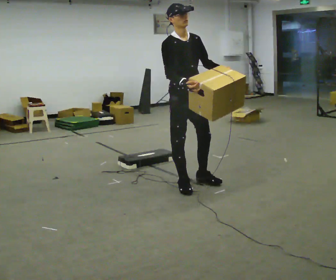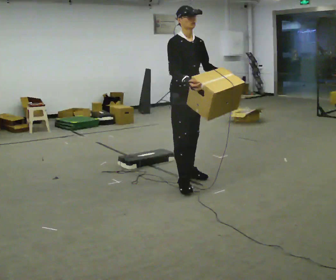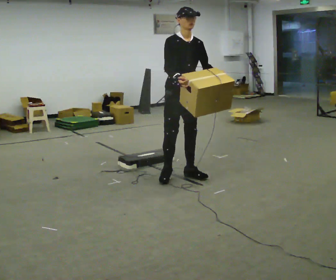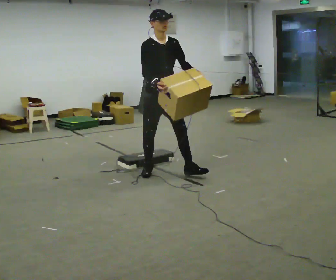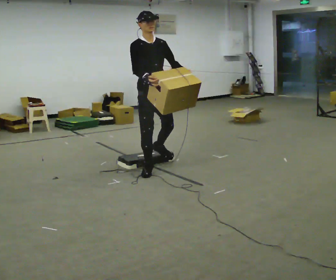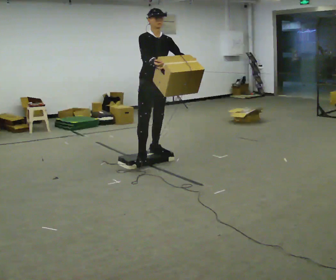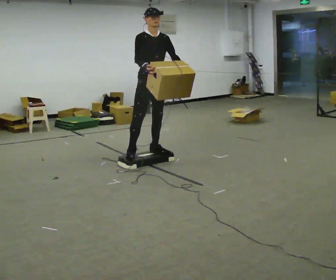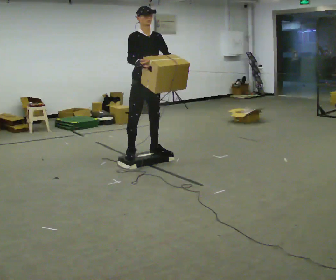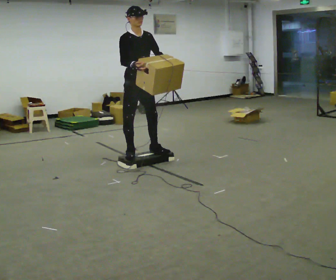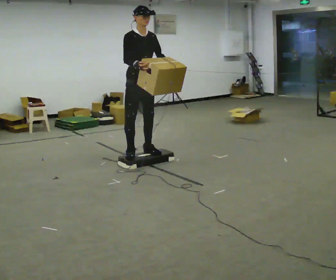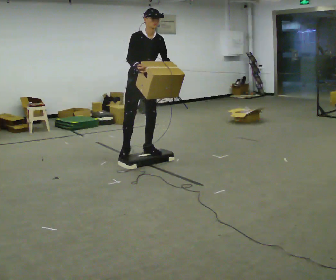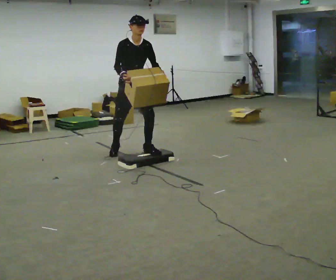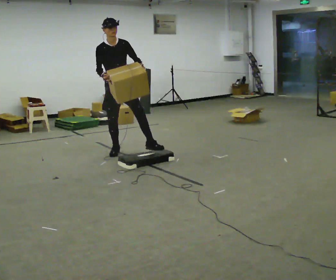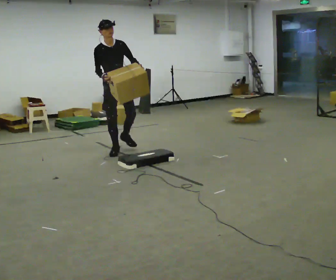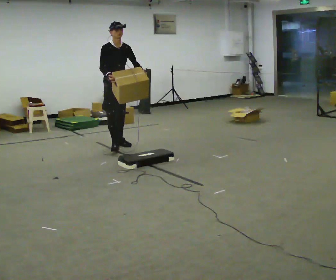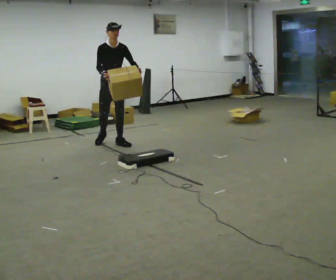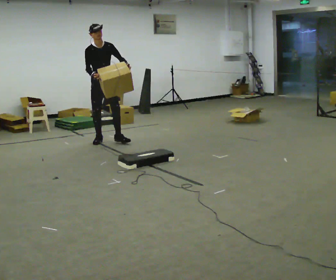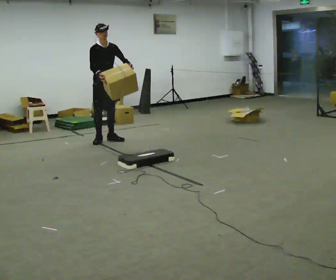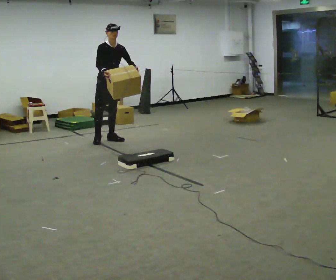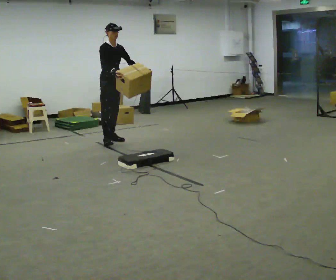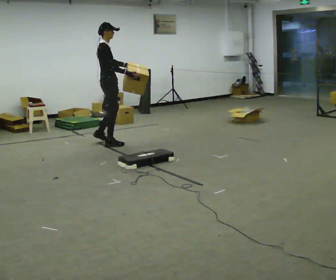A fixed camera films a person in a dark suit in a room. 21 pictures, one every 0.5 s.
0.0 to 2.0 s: In the picture they go away from the camera and to the left, about 0.5 m in 2 steps, which for them is backward.
2.0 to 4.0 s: In the picture they go away from the camera and to the left, about 0.5 m in 1 step, which for them is backward.
4.0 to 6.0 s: In the picture they go away from the camera and to the left, about 0.5 m in 1 step, which for them is backward.
6.0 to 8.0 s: In the picture they go away from the camera and to the left, about 1 m in 3 steps, which for them is backward.
8.0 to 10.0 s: The part of the body nearest the lens slides to the right as the person turns to their left by about 75 degrees. In the picture they go toward the camera, about 0.25 m in 2 steps.
The film runs backward here.
